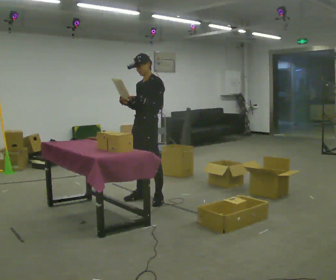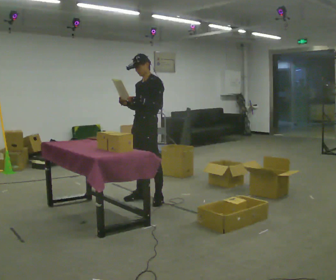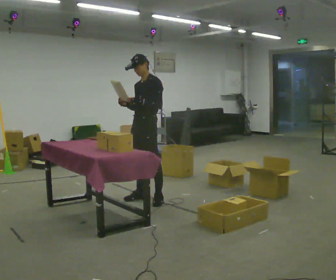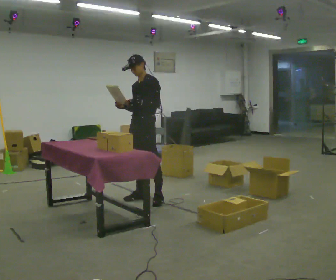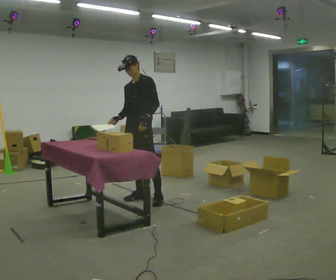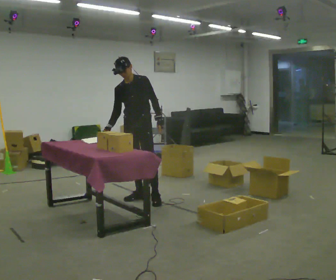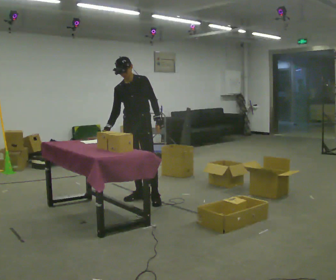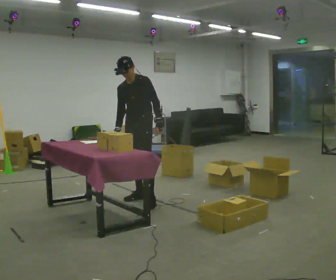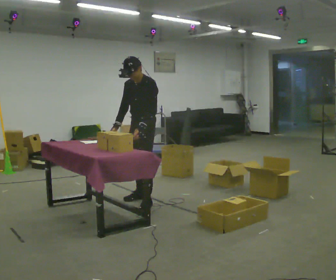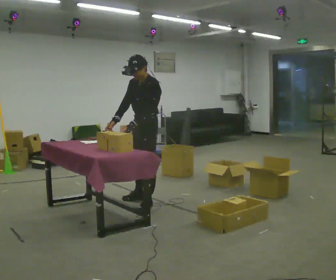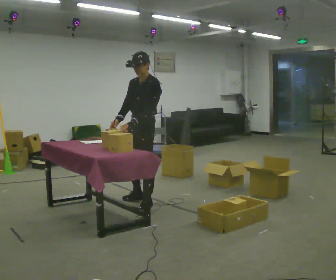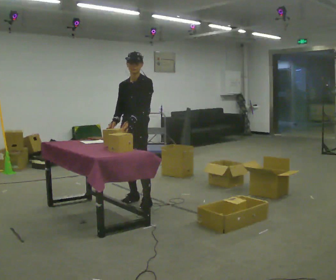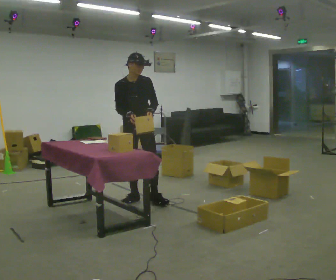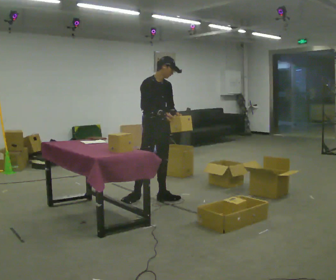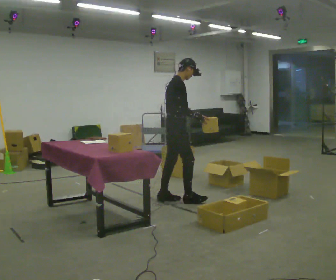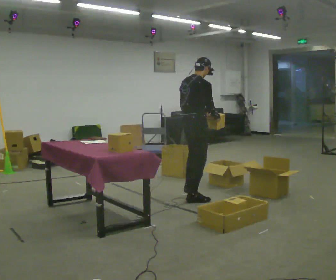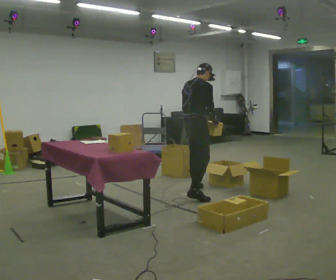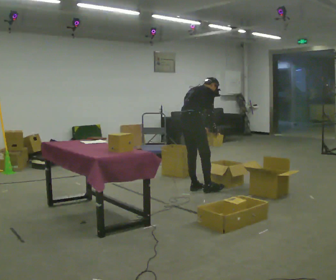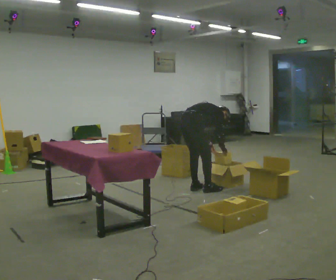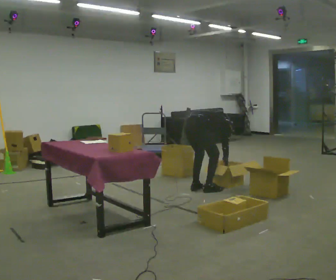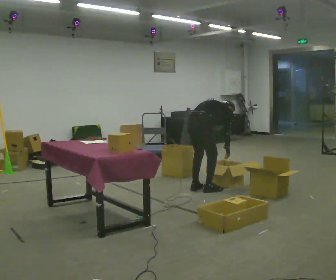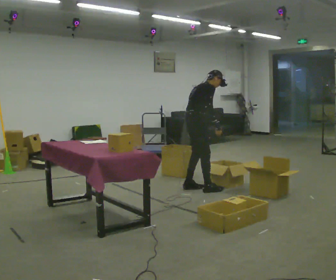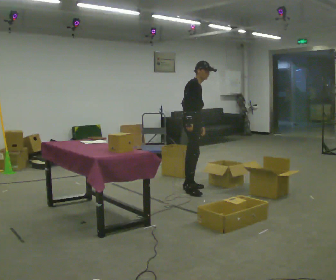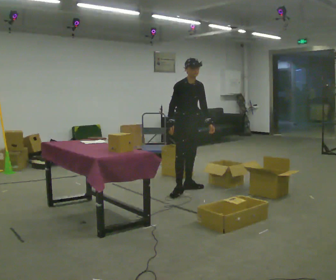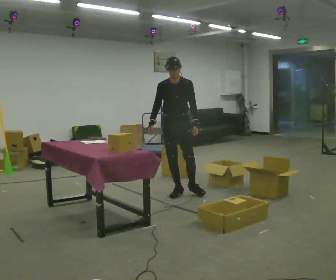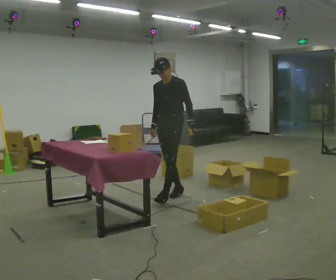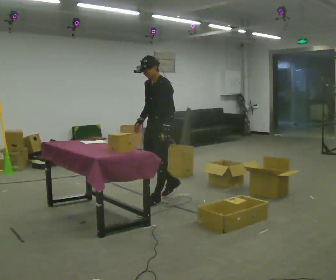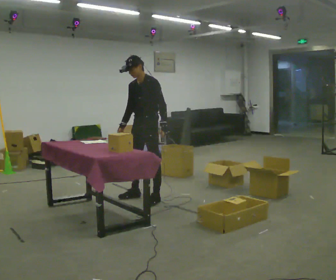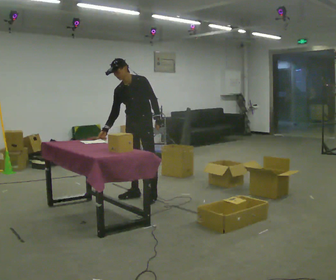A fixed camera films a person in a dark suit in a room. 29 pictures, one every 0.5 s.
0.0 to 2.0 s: The person moves a little, or ends about where they began.
2.0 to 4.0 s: In the picture they go toward the camera, about 0.25 m in 1 step, which for them is forward. The upper body tips toward the camera, its near side rolling downward, as they bend forward.
4.0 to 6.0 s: The person turns about 60 degrees to their left, counterclockwise seen from above, so the part of the body nearest the lens slides to the right.
6.0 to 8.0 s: The person turns about 120 degrees to their left, counterclockwise seen from above, so the part of the body nearest the lens slides to the right. In the picture they go to the right and away from the camera, about 1 m in 3 steps. In the picture the upper body tilts clockwise, shoulders to the right.
8.0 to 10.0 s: In the picture their right hand goes downward.
10.0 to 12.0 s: The part of the body nearest the lens slides to the left as the person turns to their right by about 135 degrees. In the picture they go to the left, about 0.25 m in 1 step. The shoulders move upward. In the picture the upper body tilts counterclockwise, shoulders to the left, as they lean back or straighten.
12.0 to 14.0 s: In the picture they go to the left, about 0.5 m in 2 steps, which for them is forward and to their right. In the picture the upper body tilts counterclockwise, shoulders to the left, as they bend forward.
The film runs forward here.
